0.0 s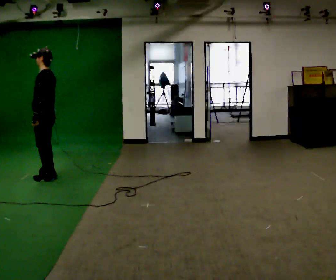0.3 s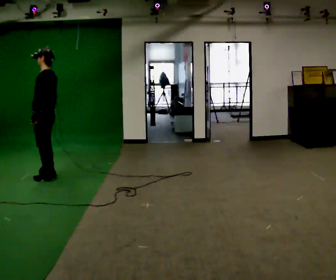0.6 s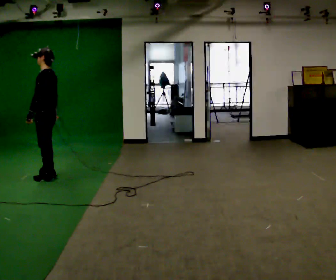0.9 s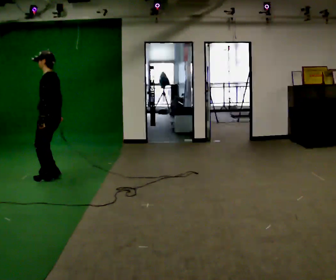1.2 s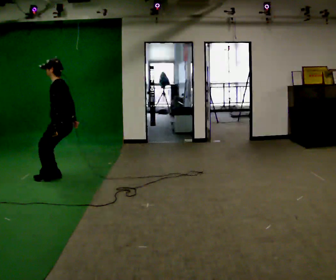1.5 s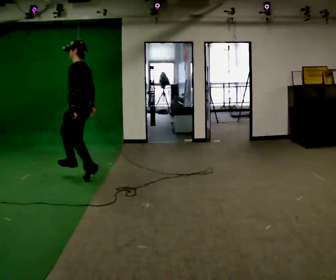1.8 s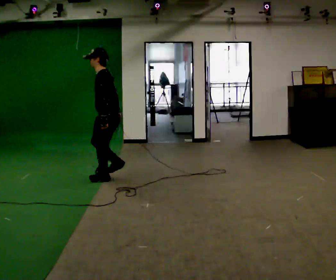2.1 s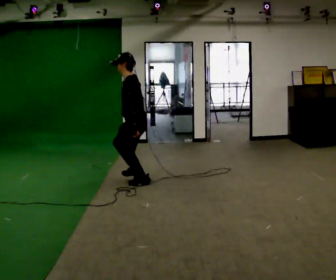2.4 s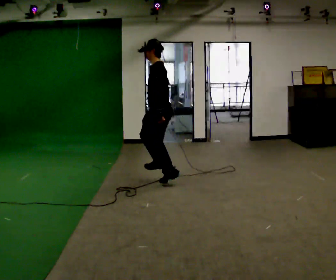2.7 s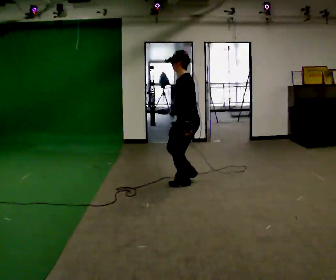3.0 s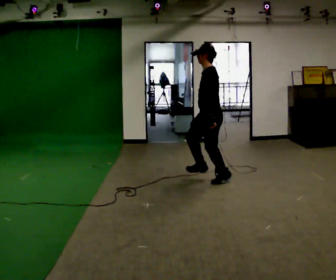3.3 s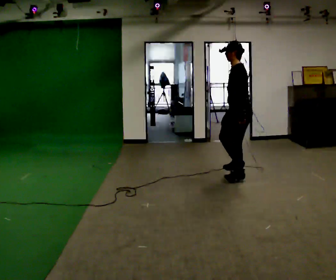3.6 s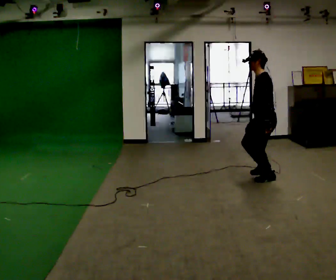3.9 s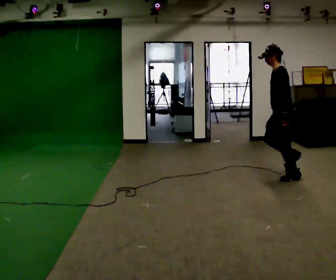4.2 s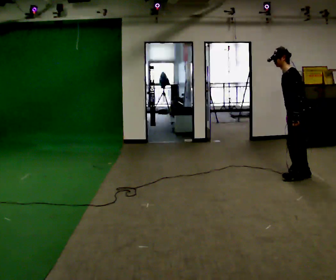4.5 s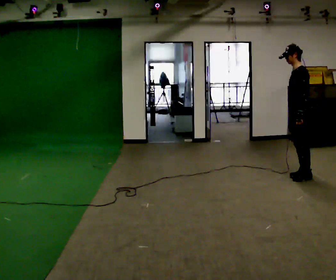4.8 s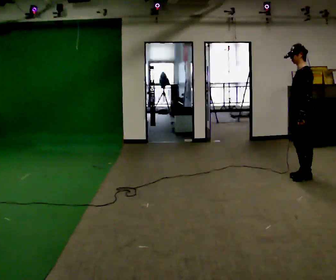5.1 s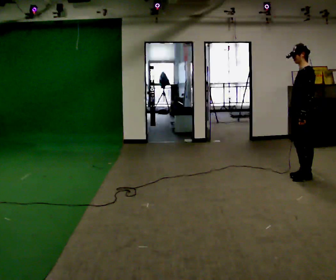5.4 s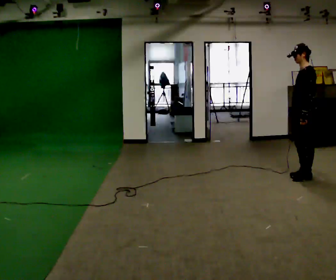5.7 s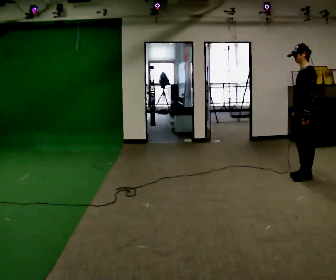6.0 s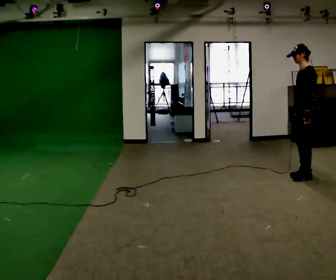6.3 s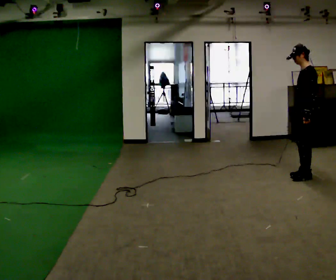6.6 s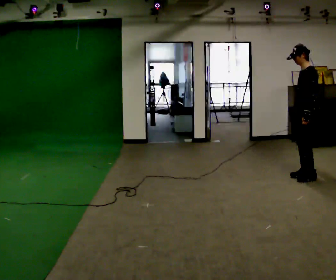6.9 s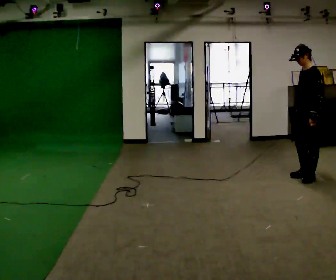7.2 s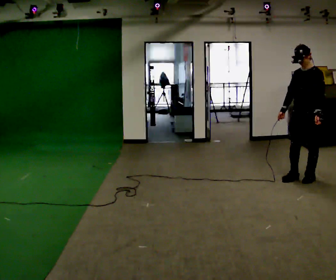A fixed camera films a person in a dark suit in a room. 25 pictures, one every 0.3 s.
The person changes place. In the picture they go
to the right.
0.0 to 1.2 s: In the picture they go to the right, about 0.25 m, which for them is backward. The shoulders move downward. In the picture their right hand goes to the right.
1.2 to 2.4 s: In the picture they go to the right, about 1 m in 4 steps, which for them is backward.
2.4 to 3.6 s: In the picture they go to the right, about 1.5 m in 2 steps, which for them is backward.
3.6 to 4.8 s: In the picture they go to the right, about 0.5 m in 1 step, which for them is backward.
4.8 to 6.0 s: The person moves a little, or ends about where they began.
6.0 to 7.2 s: Seen from above the body turns counterclockwise, about 30 degrees: to their left, with its near side sliding to the right.
The film runs backward here.
